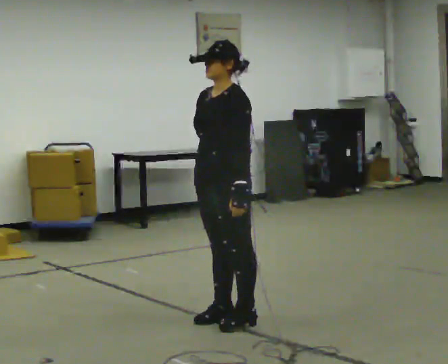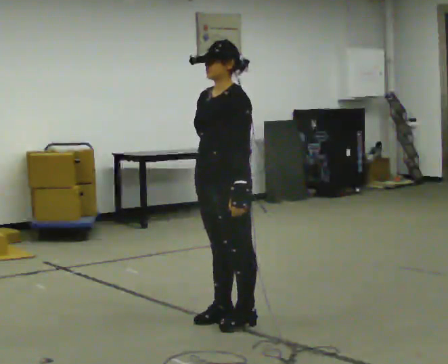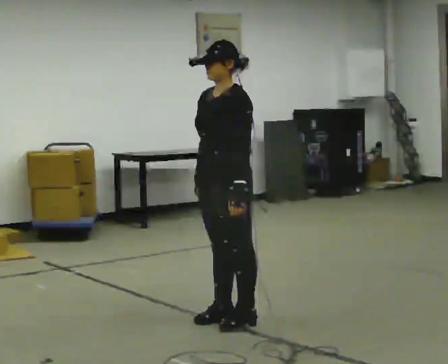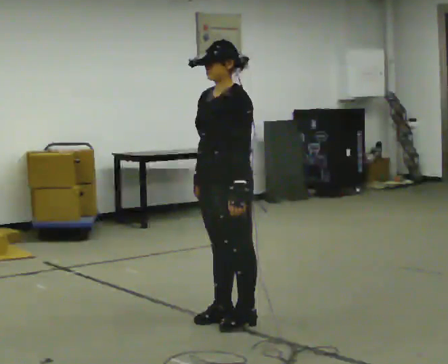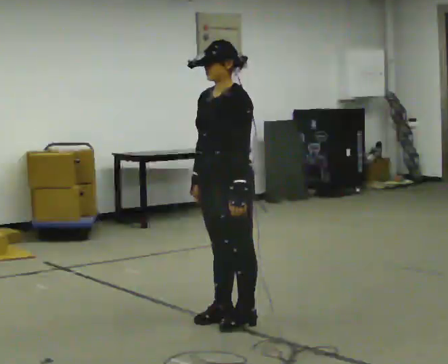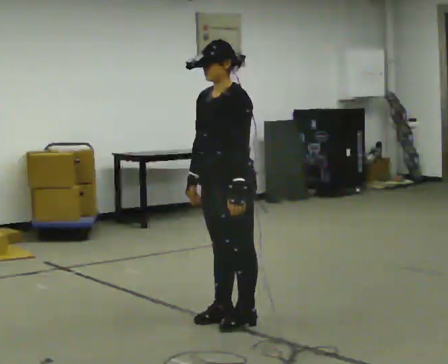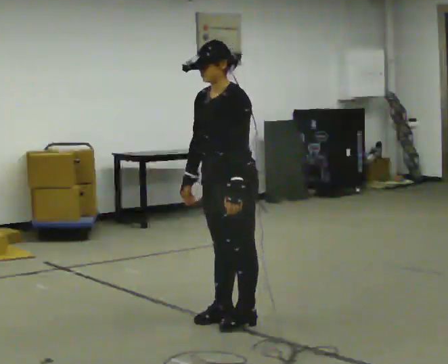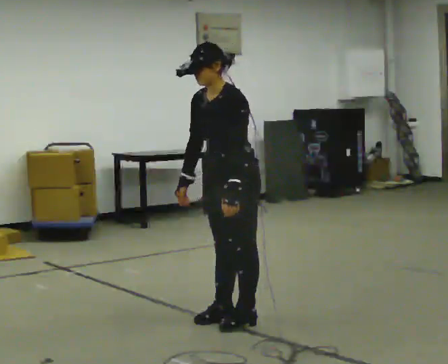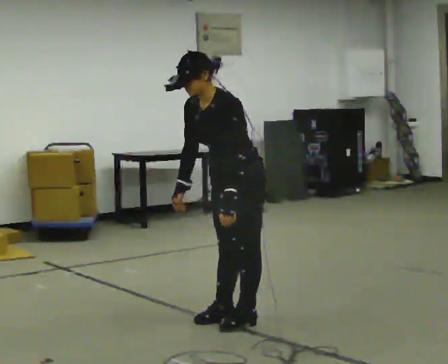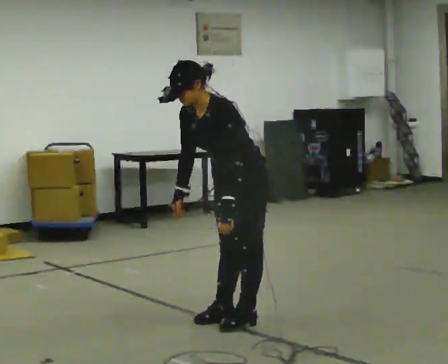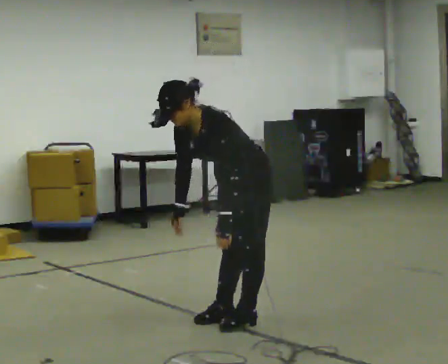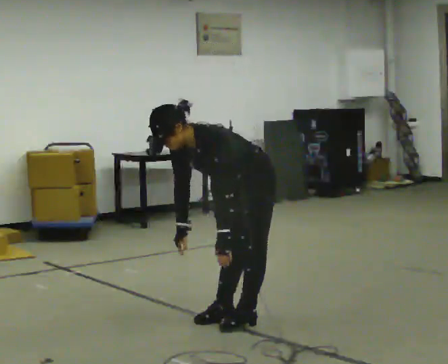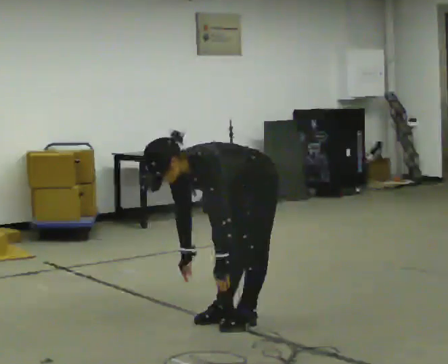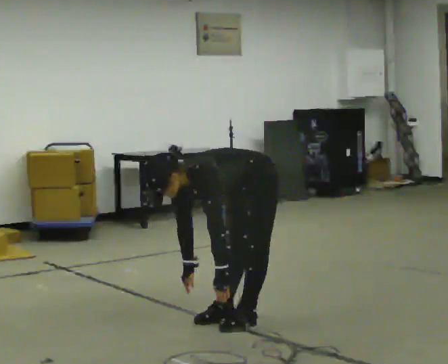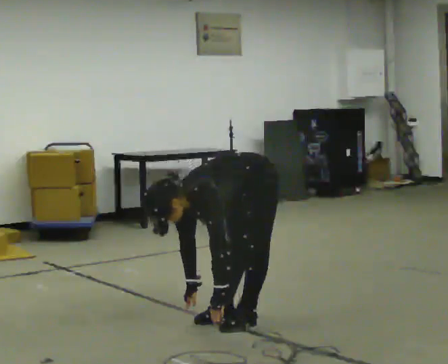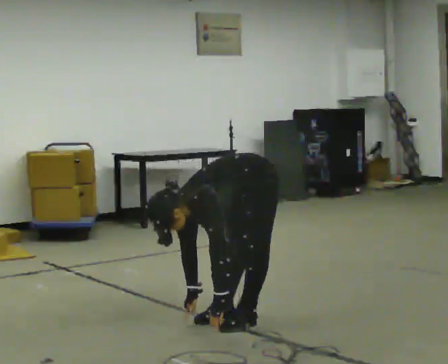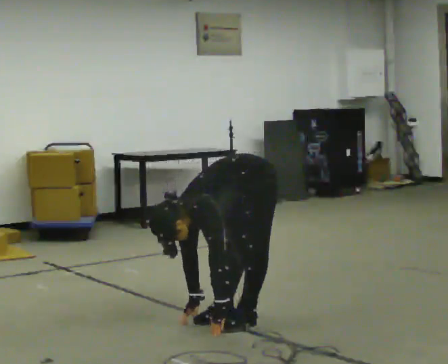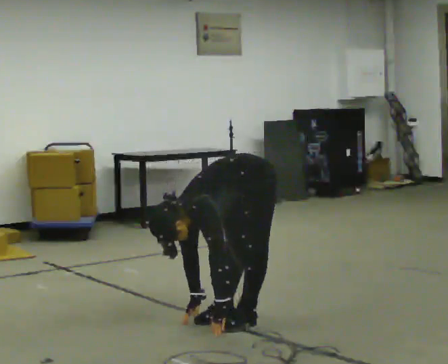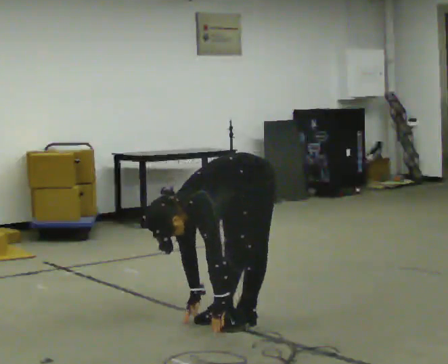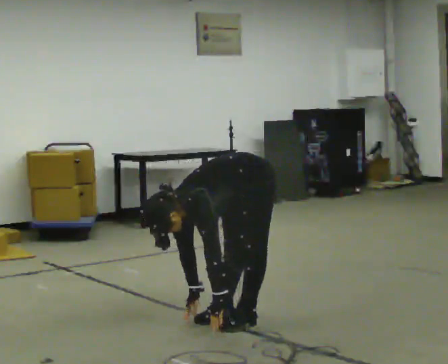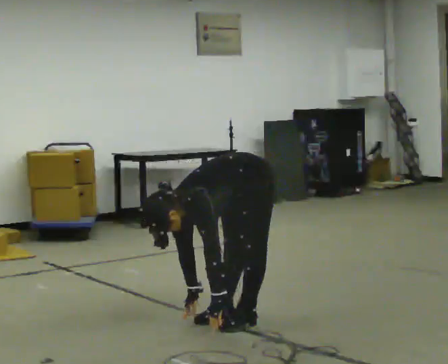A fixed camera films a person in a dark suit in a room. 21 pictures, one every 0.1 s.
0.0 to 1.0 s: The upper body goes downward. In the picture the upper body tilts counterclockwise, shoulders to the left, as they bend forward.
1.0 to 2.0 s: The upper body goes downward. In the picture the upper body tilts counterclockwise, shoulders to the left, as they bend forward. In the picture their right hand goes downward.
The film runs forward here.
